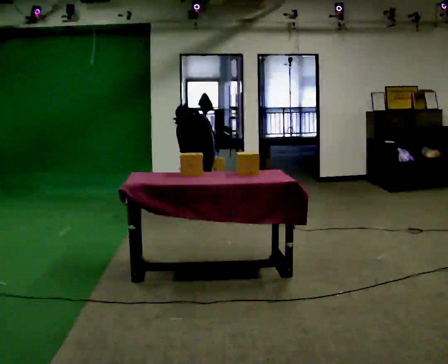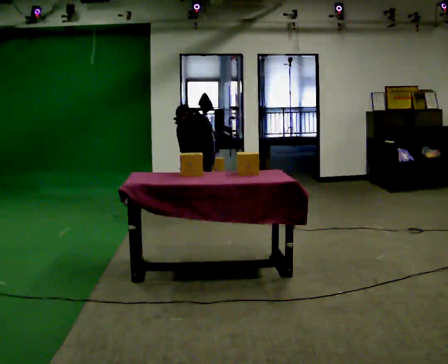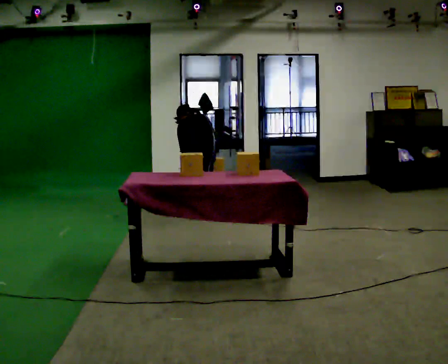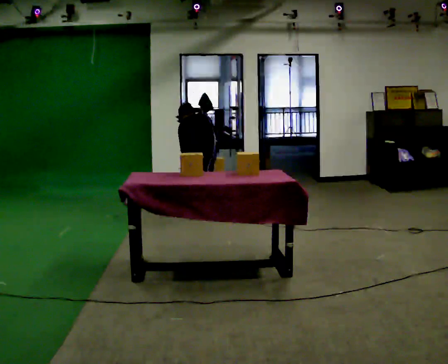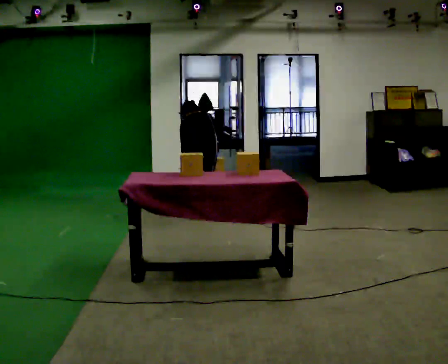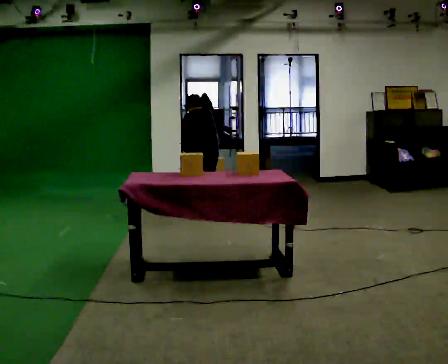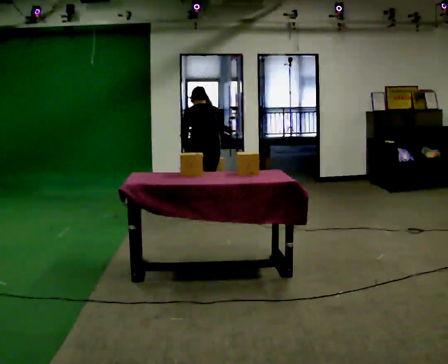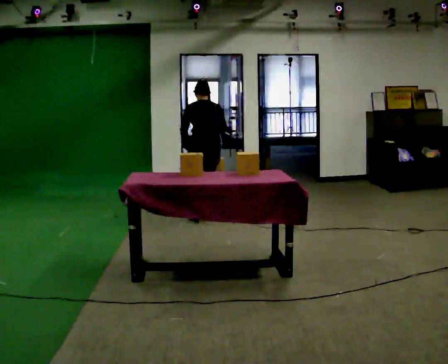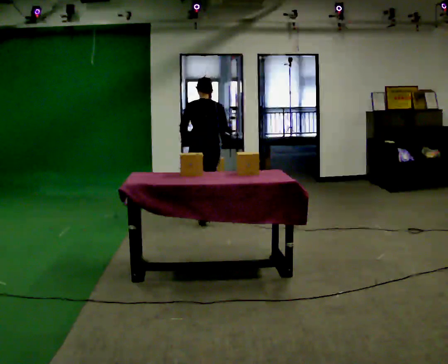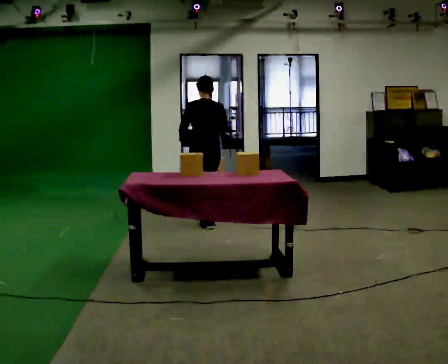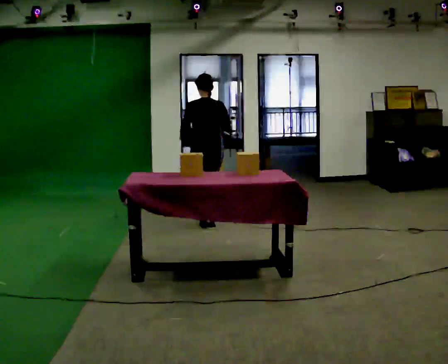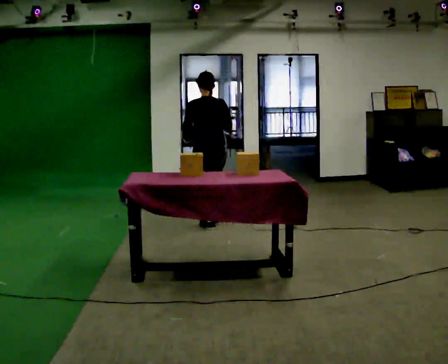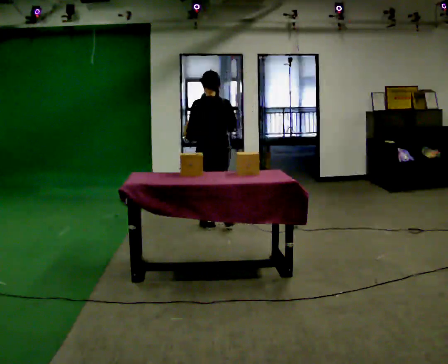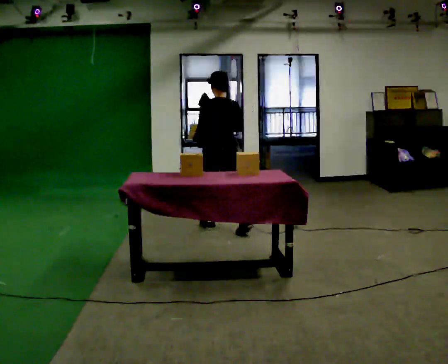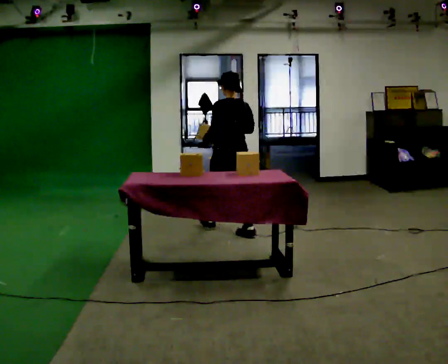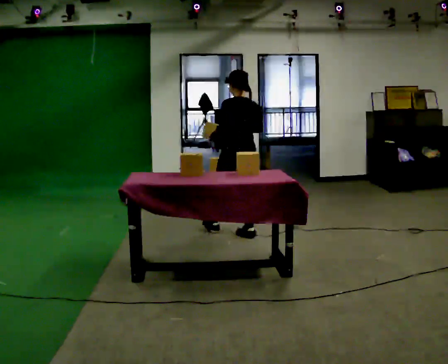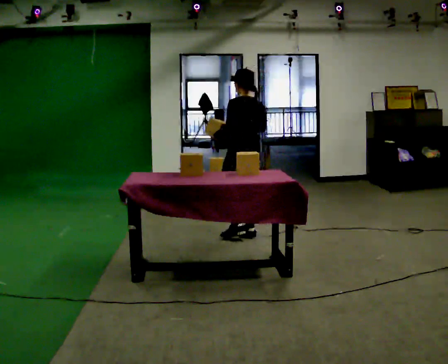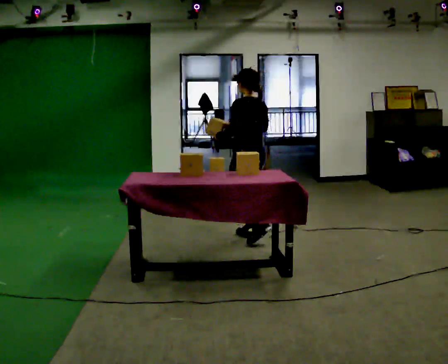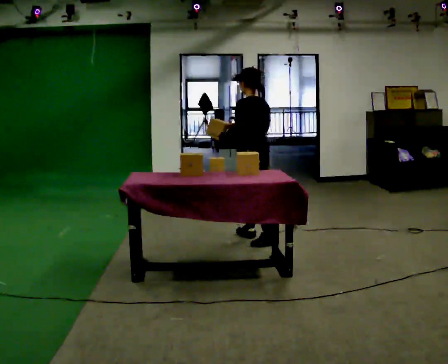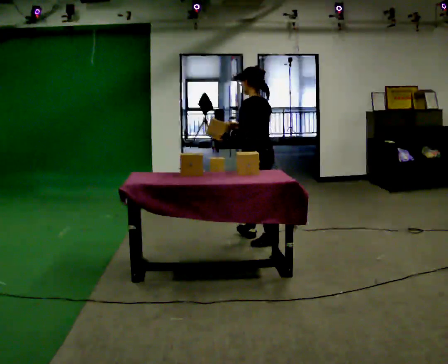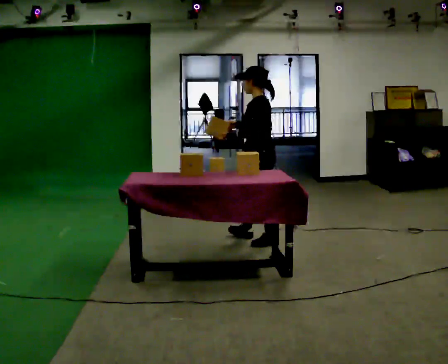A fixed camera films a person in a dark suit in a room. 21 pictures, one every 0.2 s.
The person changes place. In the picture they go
toward the camera.
Their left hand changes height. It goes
upward.
0.0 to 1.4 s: The upper body goes upward. The upper body tips toward the camera, its near side rolling downward, as they lean back or straighten.
1.4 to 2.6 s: In the picture they go toward the camera, about 0.5 m in 1 step, which for them is backward. The upper body tips toward the camera, its near side rolling downward, as they lean back or straighten.
2.6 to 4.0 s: Seen from above the body turns counterclockwise, about 60 degrees: to their left, with its near side sliding to the right. In the picture they go toward the camera and to the right, about 0.5 m in 1 step, which for them is backward.
The film runs backward here.
